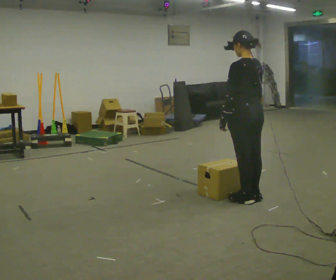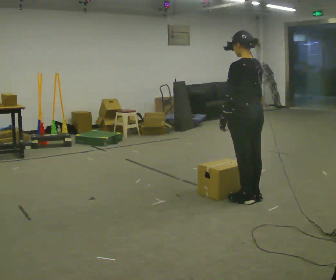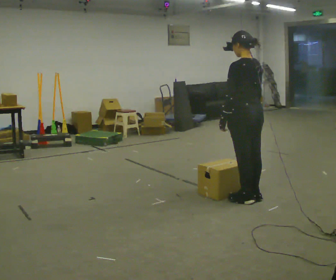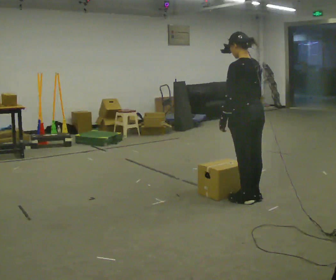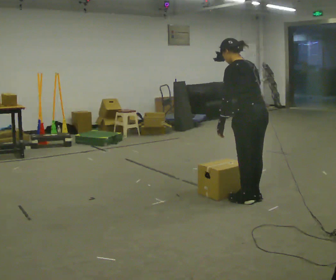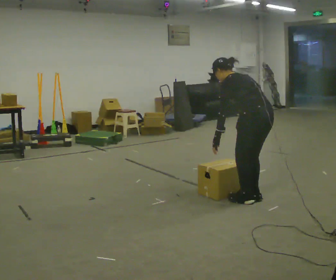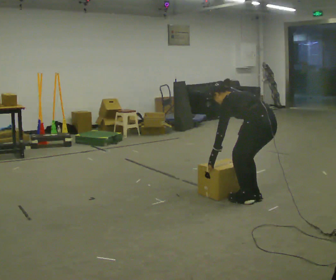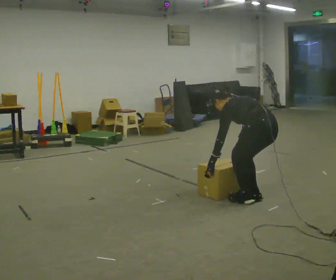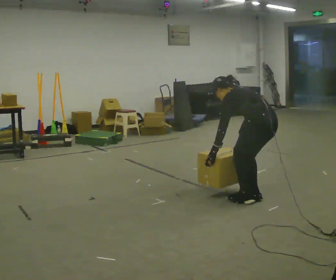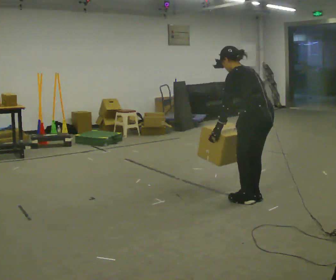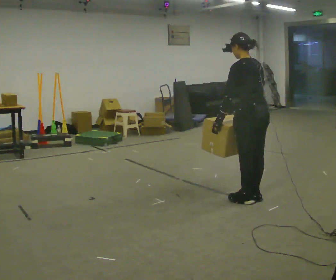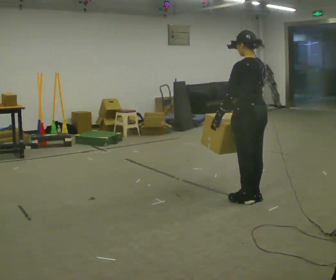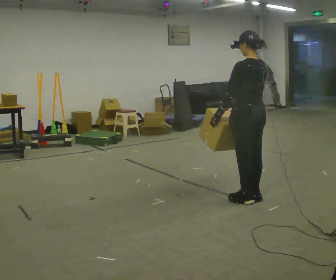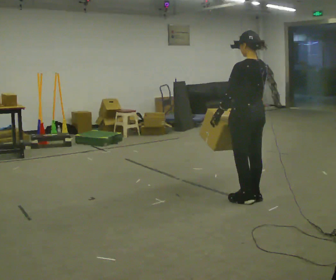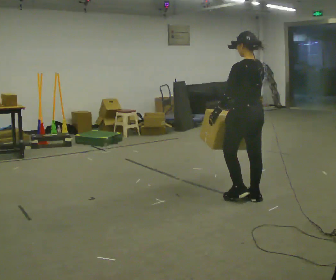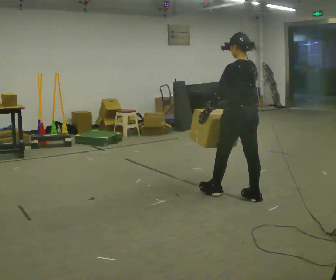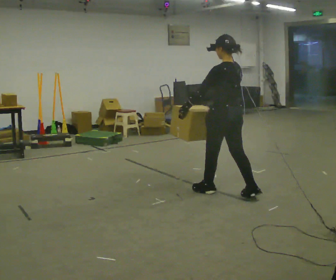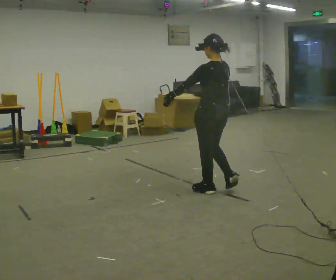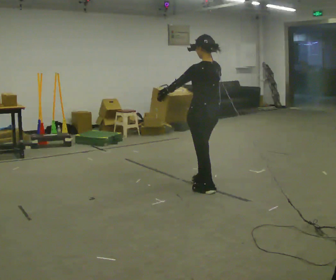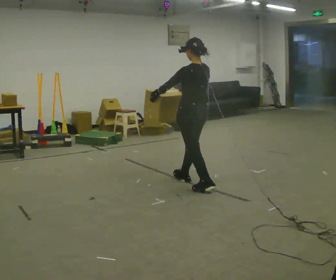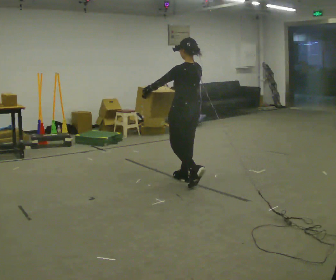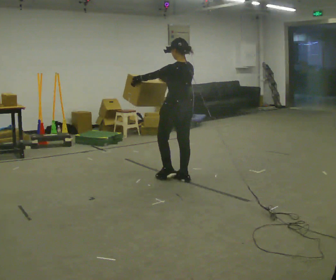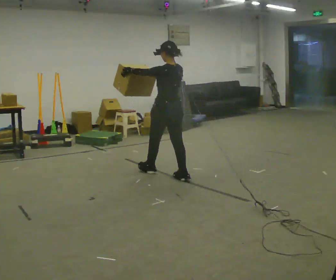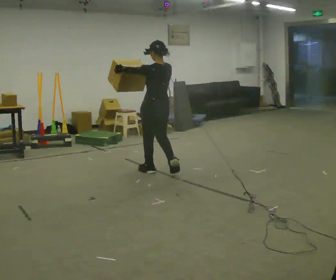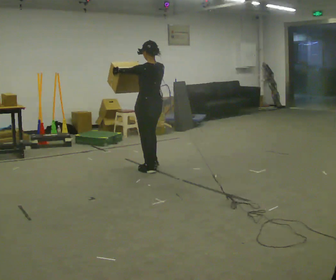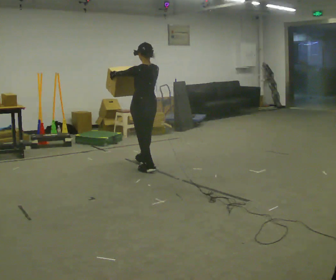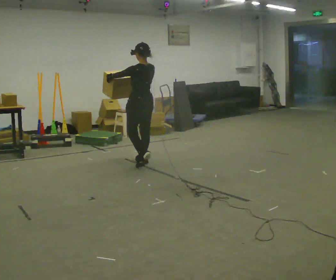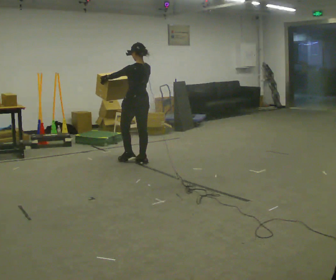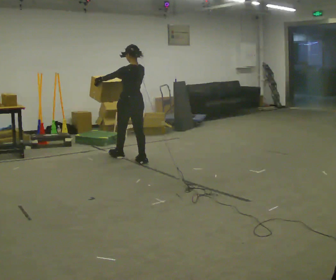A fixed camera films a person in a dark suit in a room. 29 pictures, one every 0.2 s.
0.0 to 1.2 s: The upper body goes downward. In the picture the upper body tilts counterclockwise, shoulders to the left, as they bend forward. In the picture their right hand goes downward.
1.2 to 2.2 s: The shoulders move upward. In the picture the upper body tilts clockwise, shoulders to the right, as they lean back or straighten. In the picture their left hand goes upward.
2.2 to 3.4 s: In the picture they go to the left and away from the camera, about 0.5 m in 1 step, which for them is forward.
3.4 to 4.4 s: In the picture they go to the left and away from the camera, about 1 m in 1 step, which for them is forward.
4.4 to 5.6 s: In the picture they go away from the camera and to the left, about 1 m in 3 steps, which for them is forward.
The film runs forward here.
